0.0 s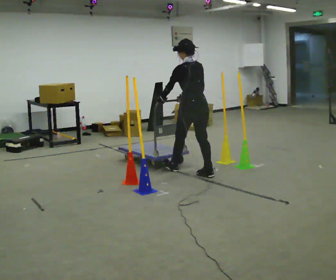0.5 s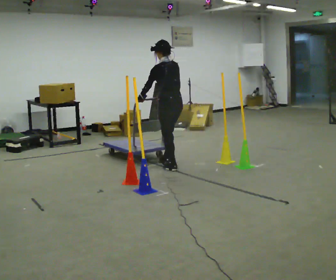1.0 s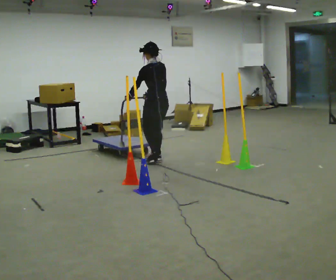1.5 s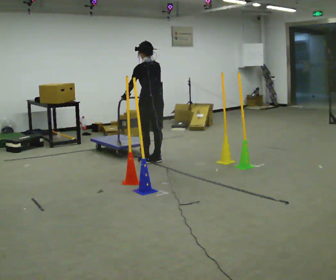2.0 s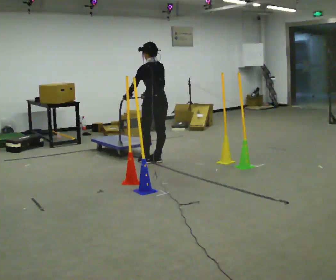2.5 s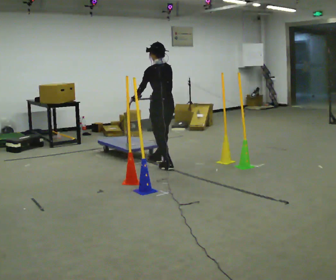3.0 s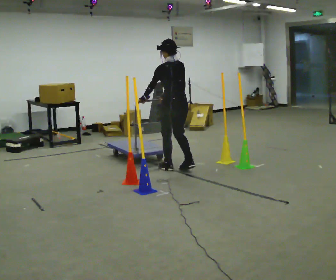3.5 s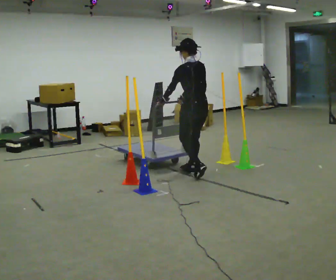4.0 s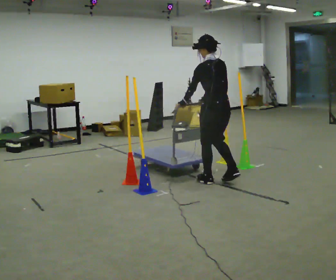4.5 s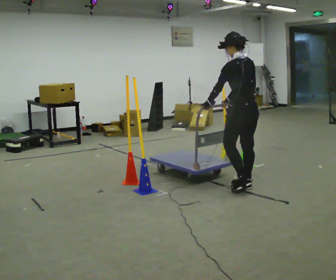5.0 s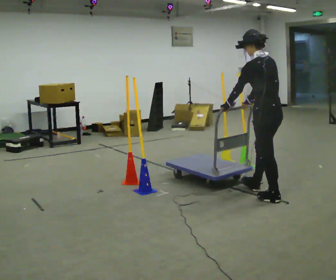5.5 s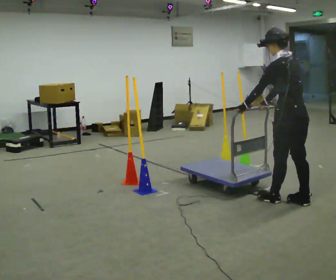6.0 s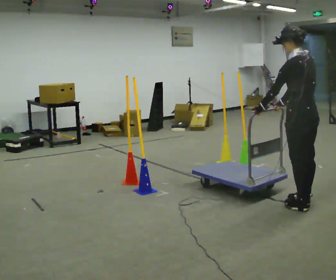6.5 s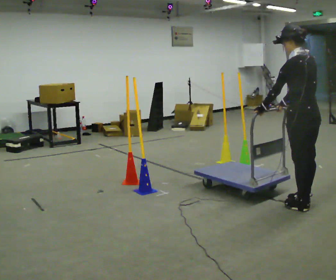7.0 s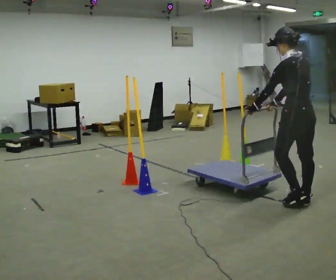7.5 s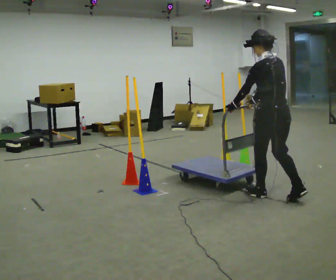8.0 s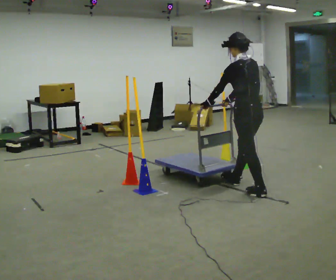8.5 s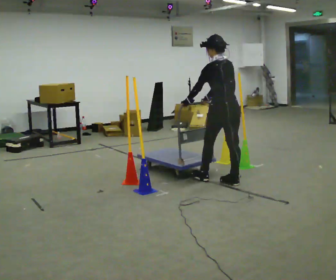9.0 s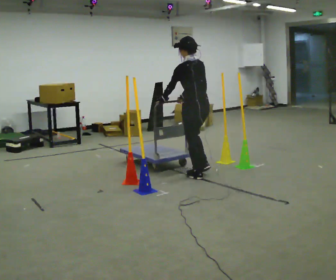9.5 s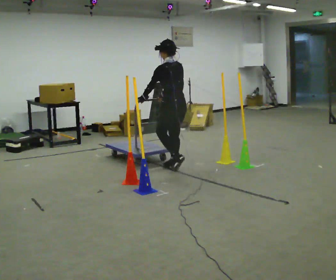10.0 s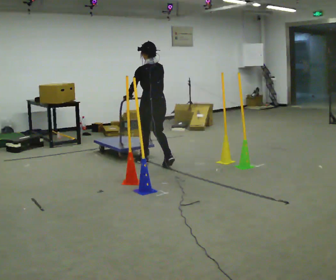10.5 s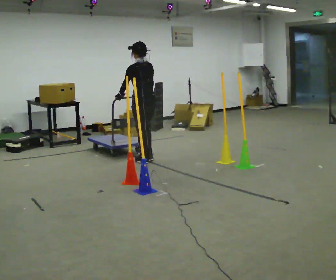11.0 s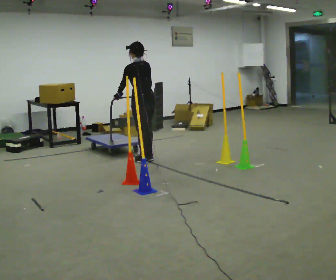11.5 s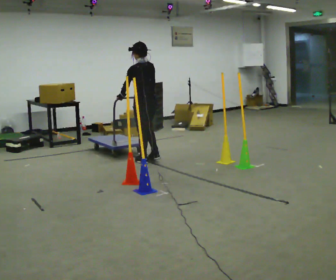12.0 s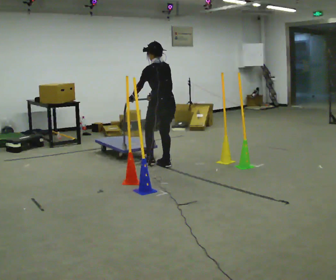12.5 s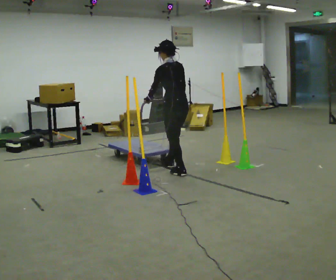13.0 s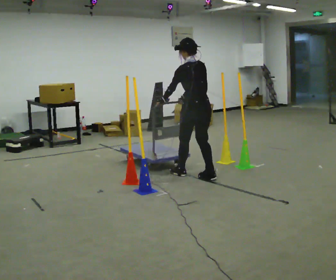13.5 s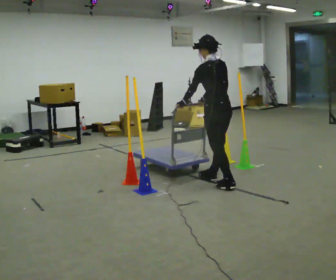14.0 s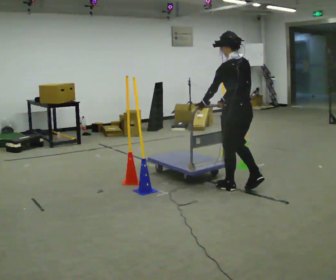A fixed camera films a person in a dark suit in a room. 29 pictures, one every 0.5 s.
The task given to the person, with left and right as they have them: Push the cart in and out of the line of poles without touching any of them. Keep going until the operator says stop.
0.0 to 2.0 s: In the picture they go to the left and away from the camera, about 0.5 m in 3 steps, which for them is forward.
2.0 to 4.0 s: In the picture they go to the right and toward the camera, about 1 m in 3 steps, which for them is backward.
4.0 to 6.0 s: In the picture they go to the right and toward the camera, about 1 m in 4 steps, which for them is backward.
6.0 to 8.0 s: In the picture they go to the left and away from the camera, about 0.75 m in 2 steps, which for them is forward.
8.0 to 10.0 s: In the picture they go to the left and away from the camera, about 1.5 m in 3 steps, which for them is forward.
10.0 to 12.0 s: In the picture they go to the right, about 0.25 m in 2 steps, which for them is backward.
12.0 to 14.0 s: In the picture they go to the right and toward the camera, about 1.5 m in 3 steps, which for them is backward.
The film runs forward here.
